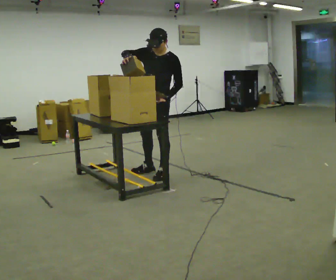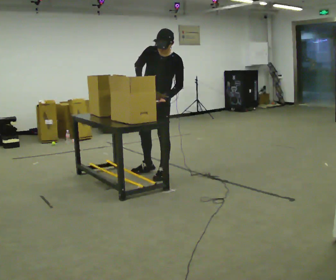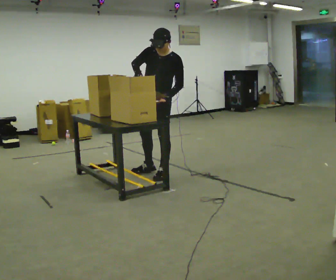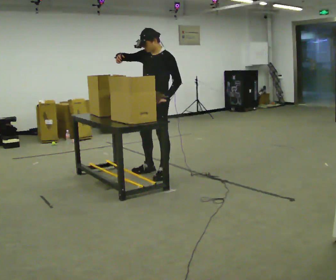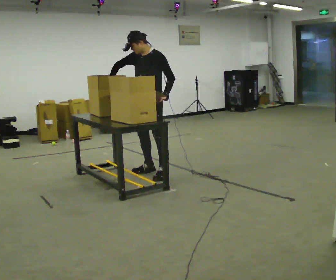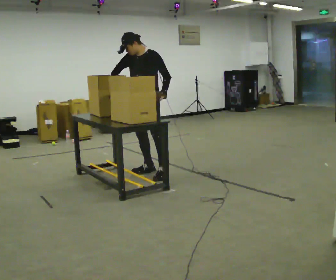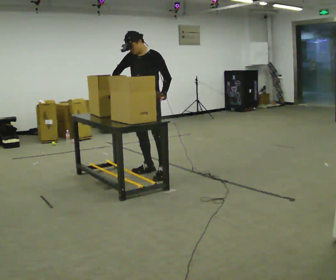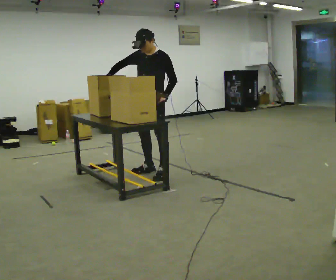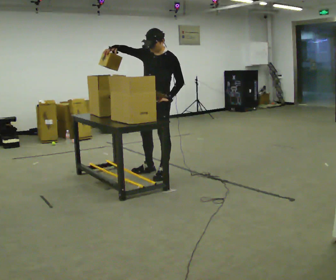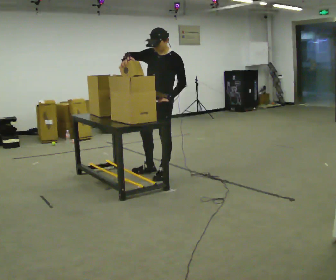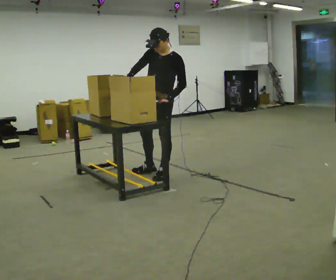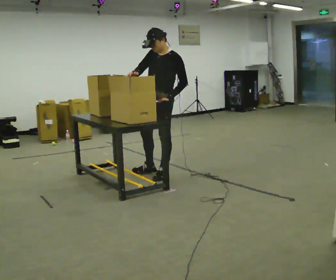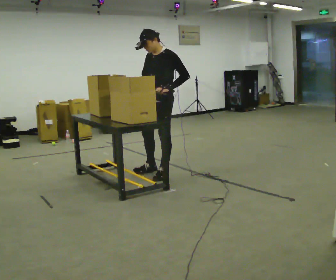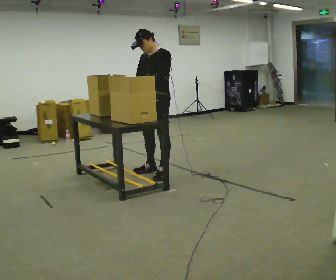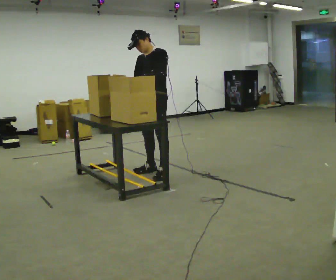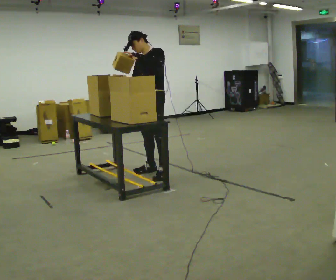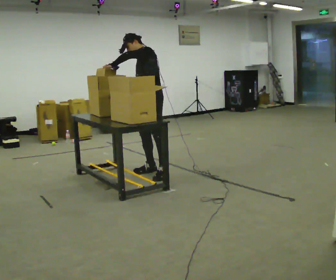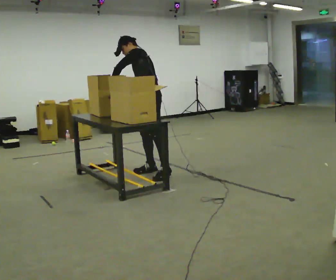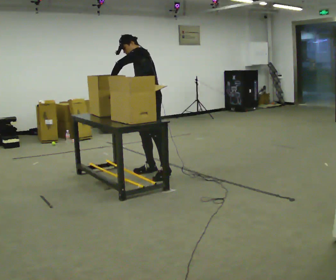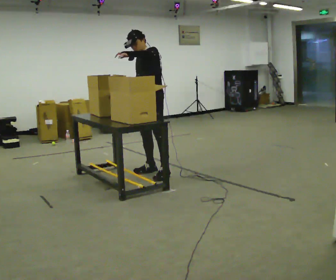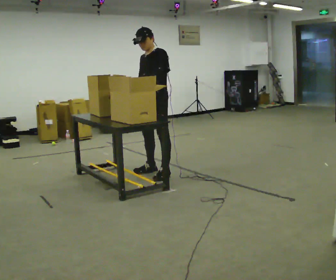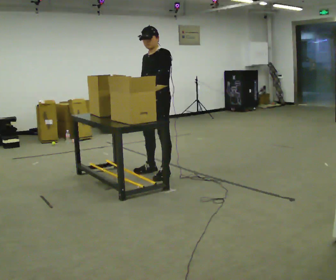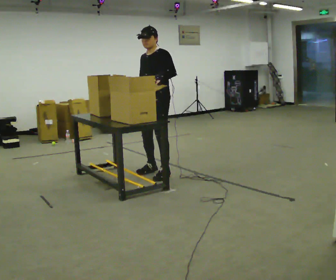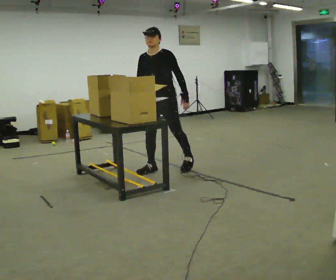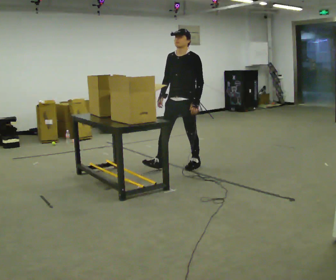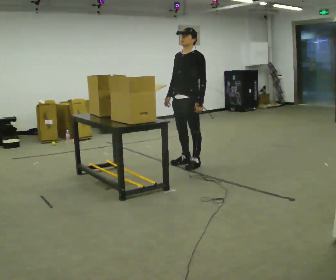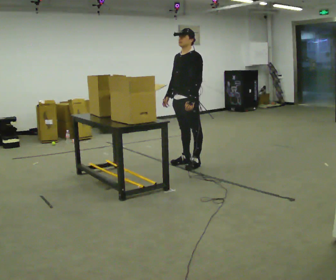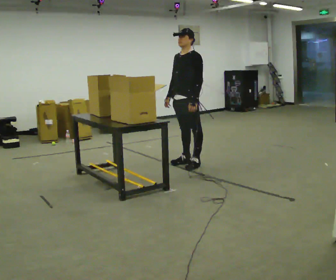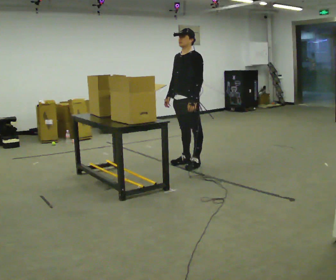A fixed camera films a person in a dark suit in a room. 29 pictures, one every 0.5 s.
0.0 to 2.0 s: The person moves a little, or ends about where they began.
2.0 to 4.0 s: In the picture their right hand goes upward.
4.0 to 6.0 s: In the picture their right hand goes downward, the arm swinging counterclockwise.
6.0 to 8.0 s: In the picture their left hand goes to the left.
8.0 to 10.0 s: In the picture their left hand goes to the right.
10.0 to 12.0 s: In the picture they go to the right and away from the camera, about 0.5 m in 1 step, which for them is backward.
12.0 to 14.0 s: The person moves a little, or ends about where they began.
The film runs forward here.
